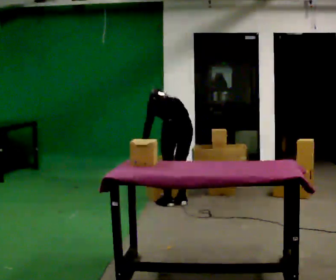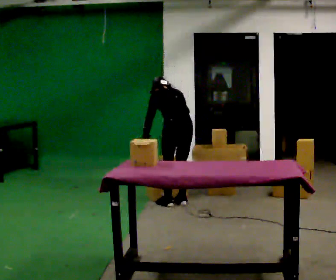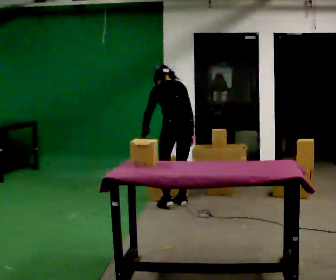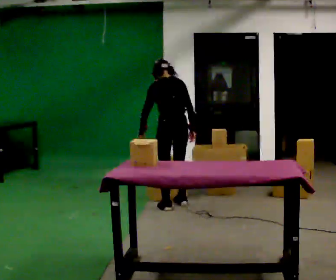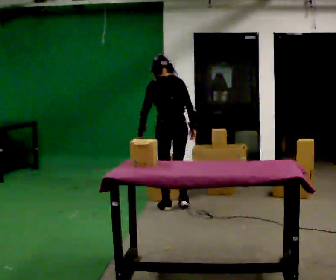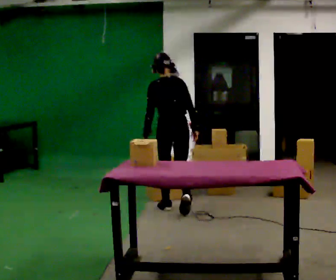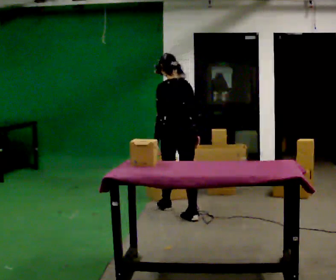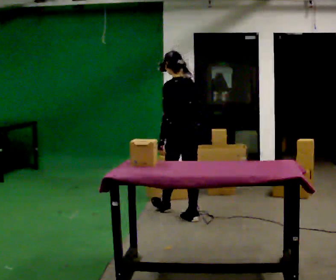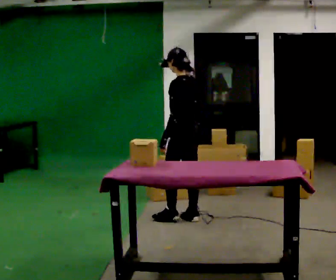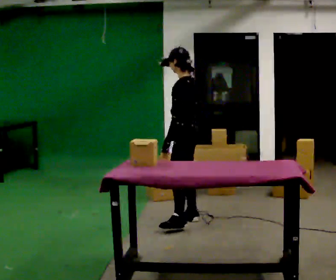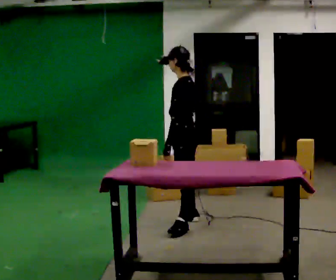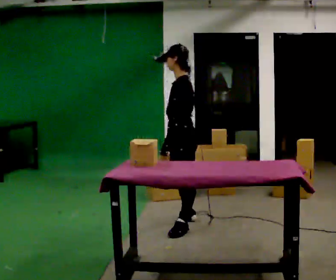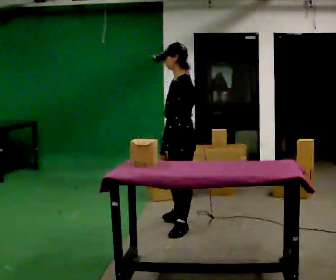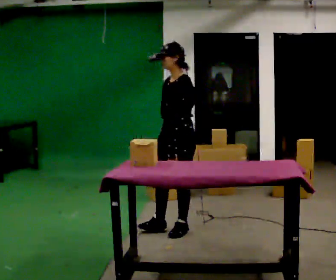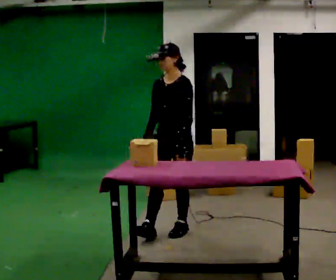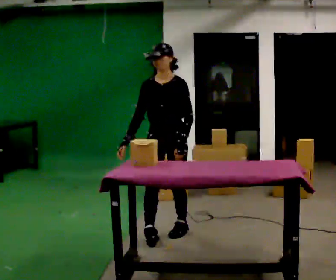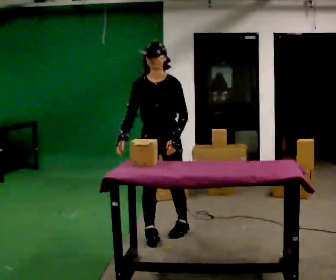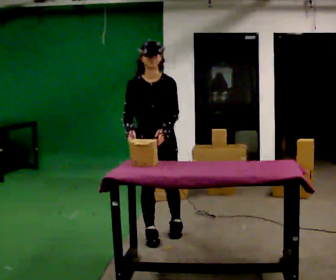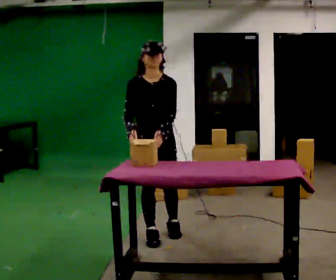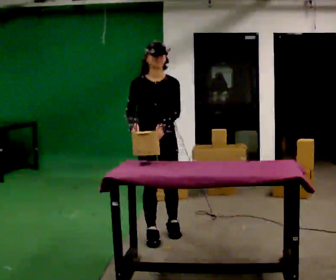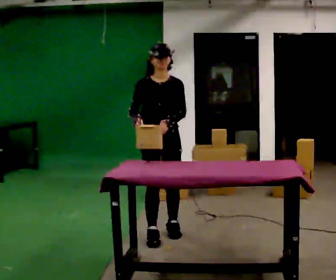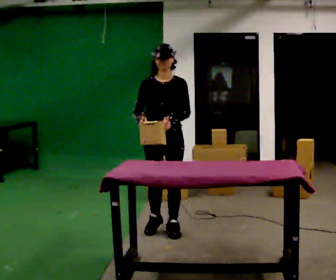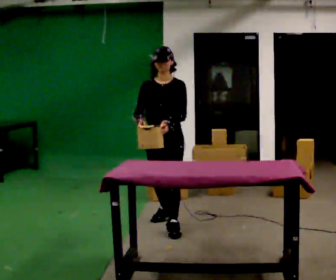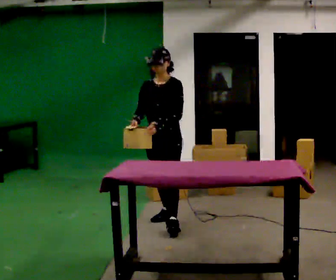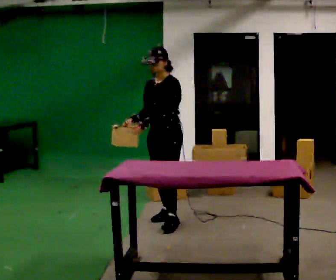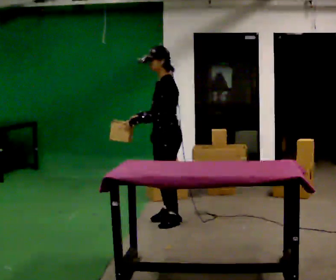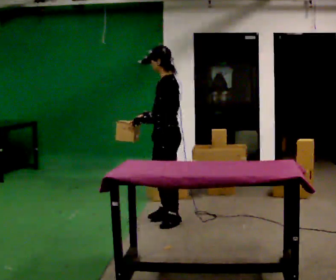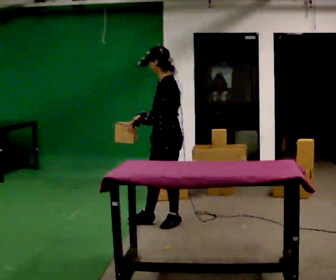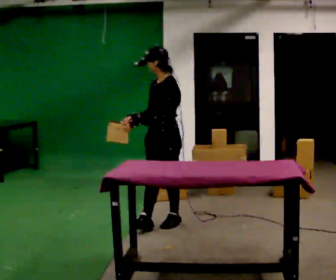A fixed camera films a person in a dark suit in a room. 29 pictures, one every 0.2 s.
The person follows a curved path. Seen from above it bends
clockwise.
0.0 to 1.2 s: In the picture they go toward the camera, about 0.25 m in 2 steps, which for them is backward. The shoulders move upward. The upper body tips toward the camera, its near side rolling downward, as they lean back or straighten.
1.2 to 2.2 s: The part of the body nearest the lens slides to the right as the person turns to their left by about 75 degrees. In the picture they go toward the camera, about 0.5 m in 2 steps.
2.2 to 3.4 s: The person turns about 90 degrees to their left, counterclockwise seen from above, so the part of the body nearest the lens slides to the right. In the picture they go toward the camera and to the left, about 0.25 m.
3.4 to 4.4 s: In the picture they go away from the camera, about 0.25 m in 1 step, which for them is backward.
4.4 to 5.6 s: The person turns about 45 degrees to their right, clockwise seen from above, so the part of the body nearest the lens slides to the left.
The film runs backward here.
